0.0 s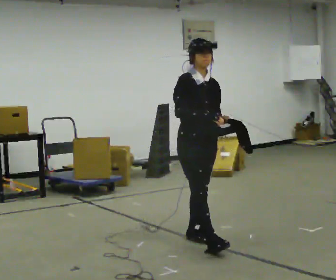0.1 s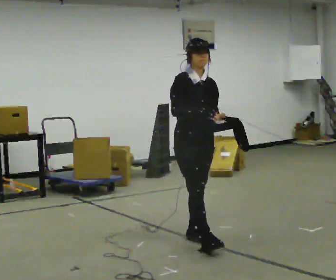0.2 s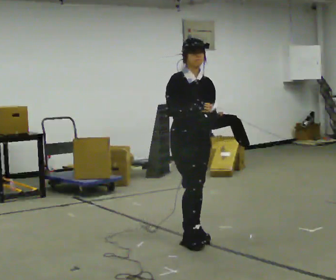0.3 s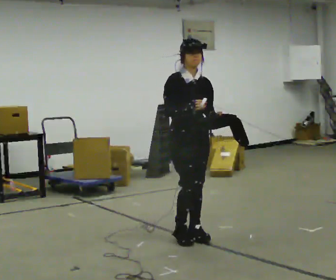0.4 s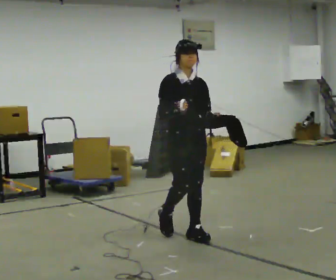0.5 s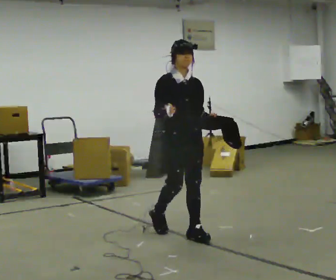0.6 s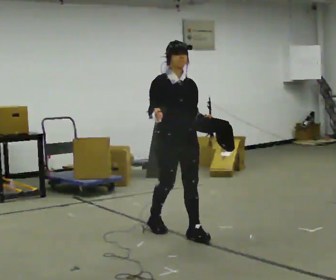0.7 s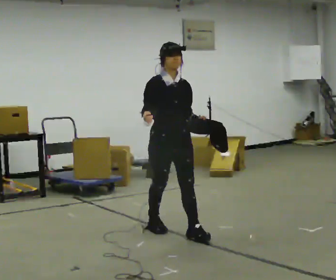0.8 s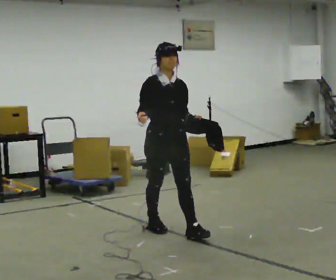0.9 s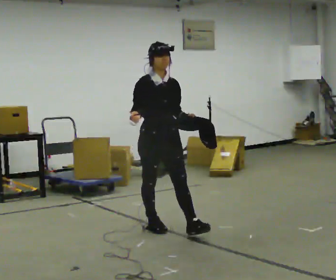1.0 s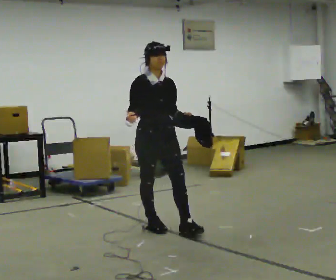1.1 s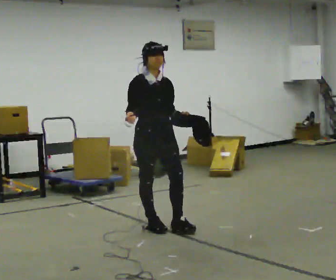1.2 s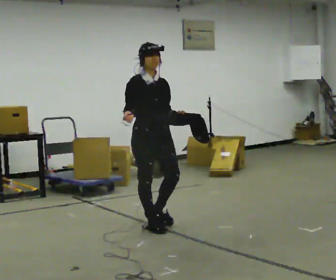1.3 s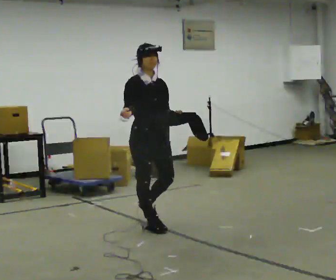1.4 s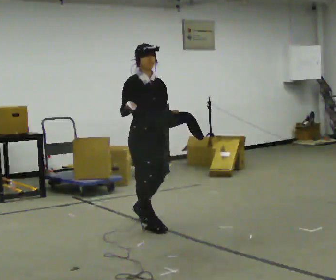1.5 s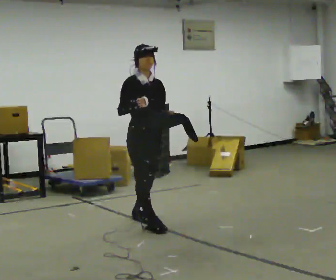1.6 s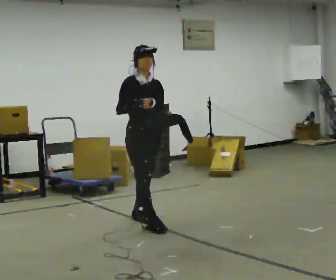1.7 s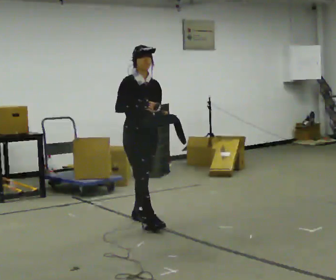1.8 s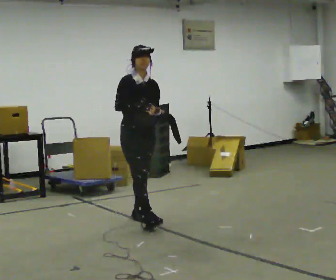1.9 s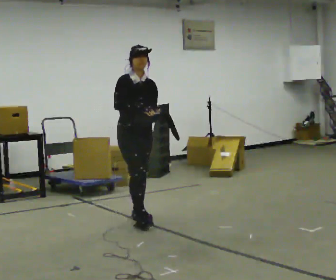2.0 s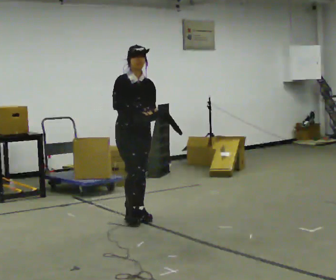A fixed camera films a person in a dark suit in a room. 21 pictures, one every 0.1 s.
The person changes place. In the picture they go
away from the camera.
0.0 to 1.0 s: In the picture they go away from the camera and to the left, about 0.5 m in 2 steps, which for them is backward.
1.0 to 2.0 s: In the picture they go away from the camera and to the left, about 0.5 m in 1 step, which for them is backward.
The film runs backward here.
